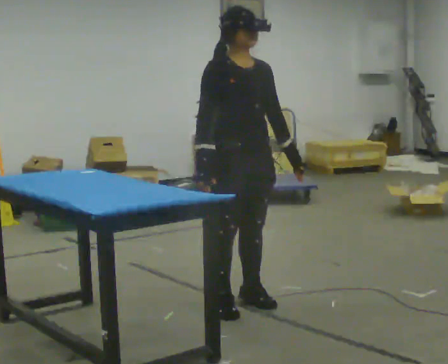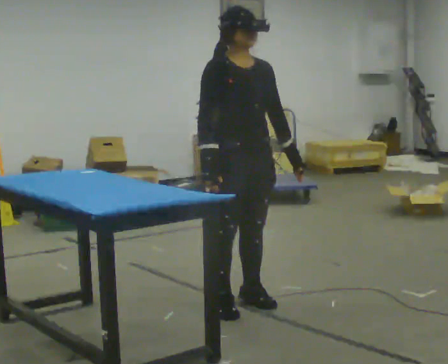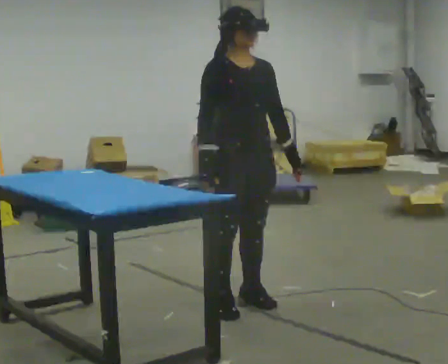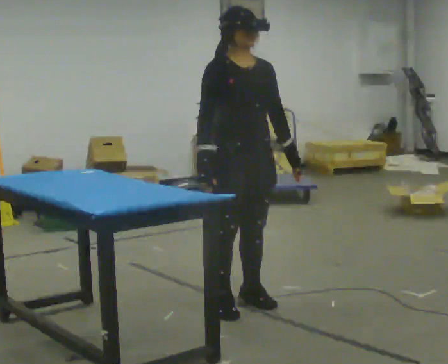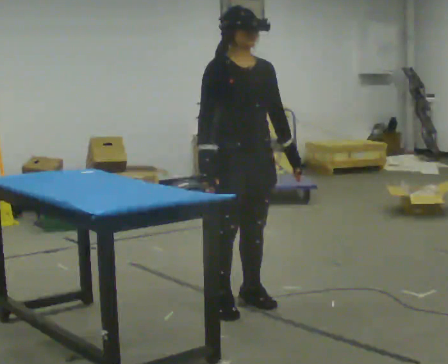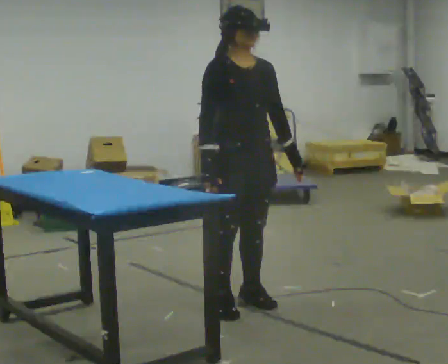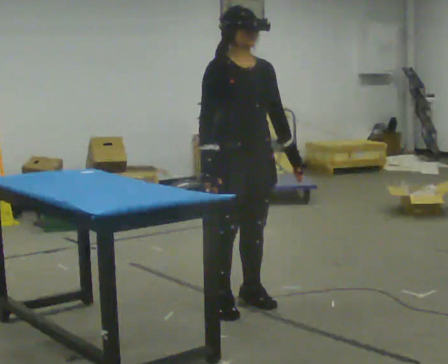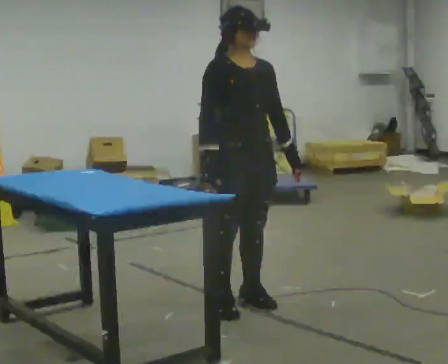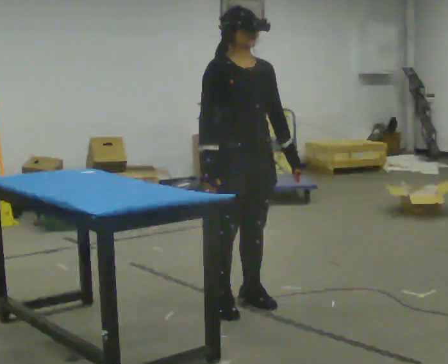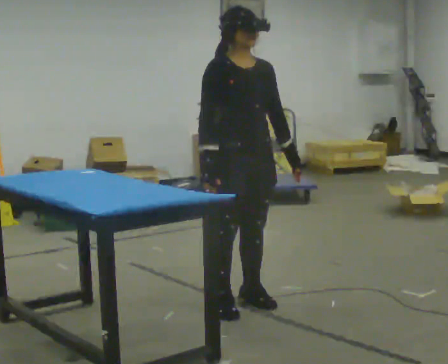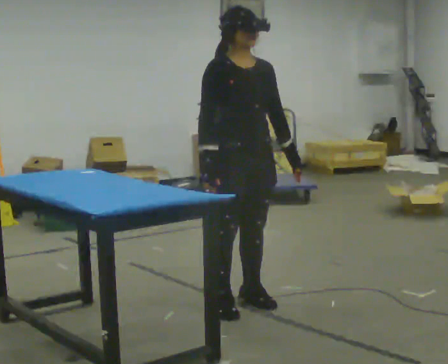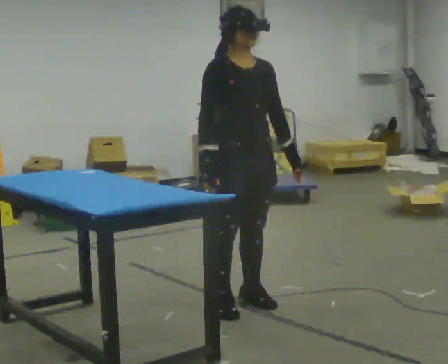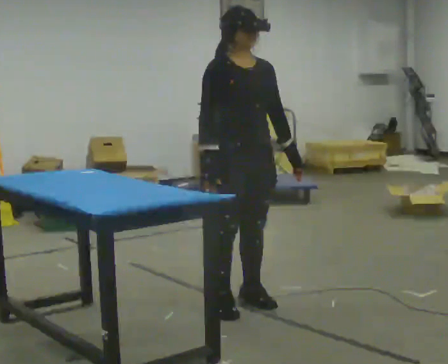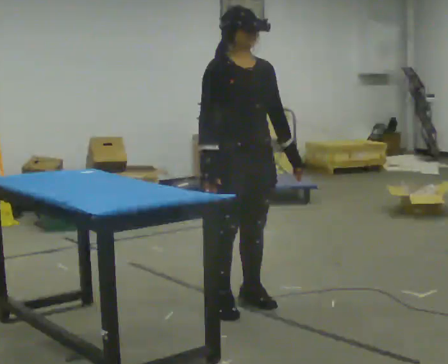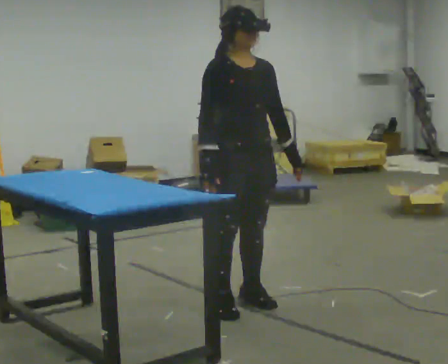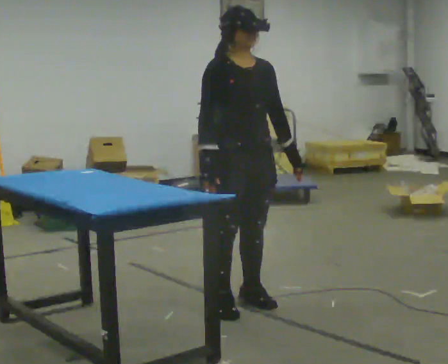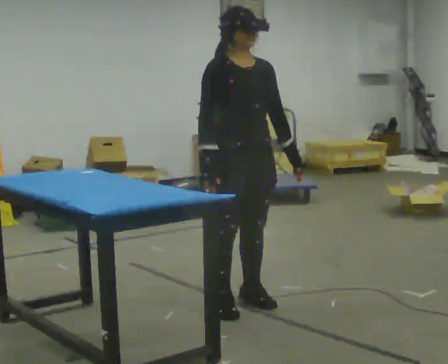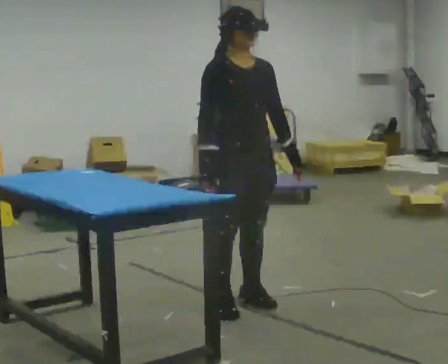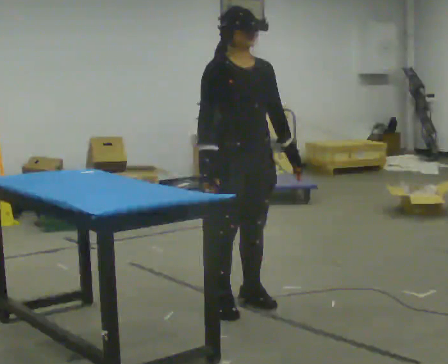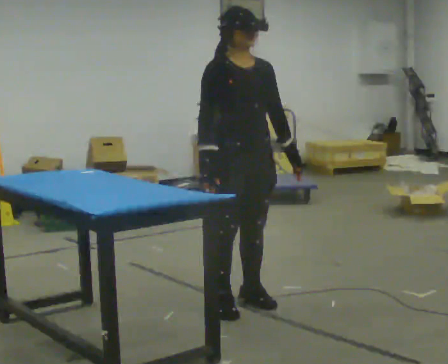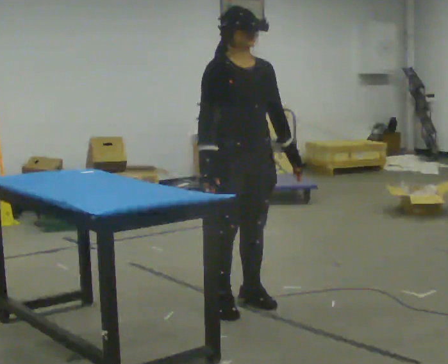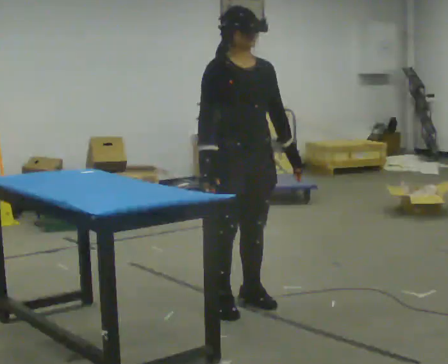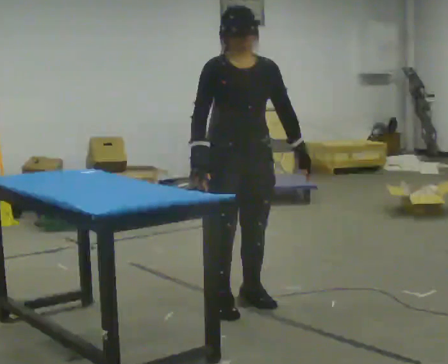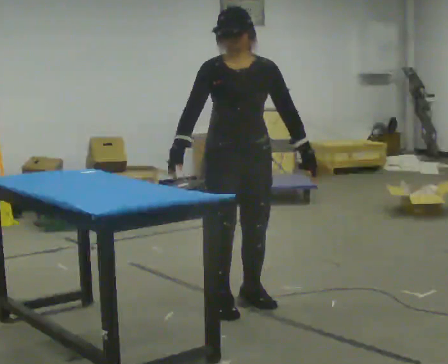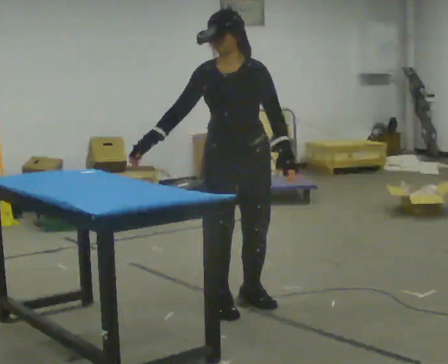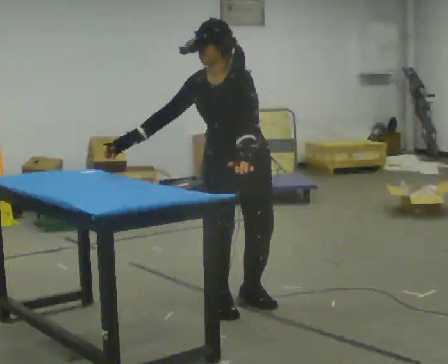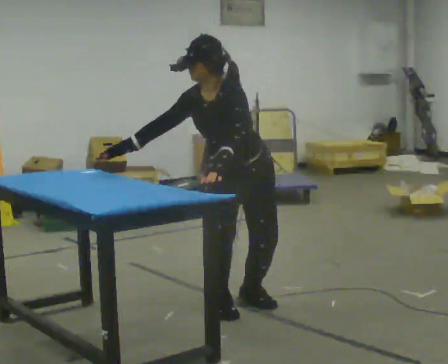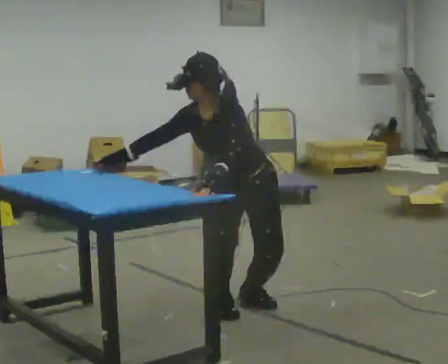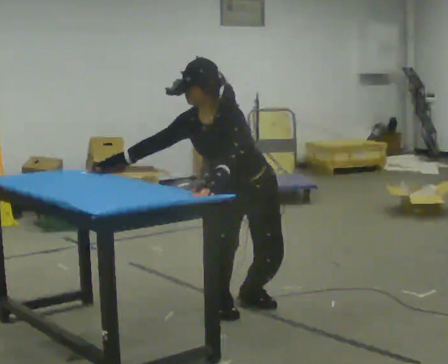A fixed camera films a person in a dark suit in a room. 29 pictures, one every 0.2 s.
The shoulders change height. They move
downward.
The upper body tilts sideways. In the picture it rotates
counterclockwise.
0.0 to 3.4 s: The person keeps their place and pose.
3.4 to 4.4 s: The person moves a little, or ends about where they began.
4.4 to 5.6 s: Seen from above the body turns clockwise, about 45 degrees: to their right, with its near side sliding to the left. The upper body goes downward. In the picture the upper body tilts counterclockwise, shoulders to the left, as they bend forward. In the picture their left hand goes to the left.
The film runs forward here.
